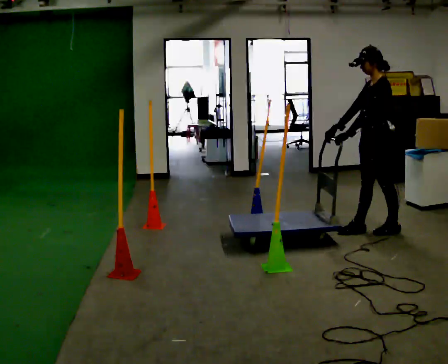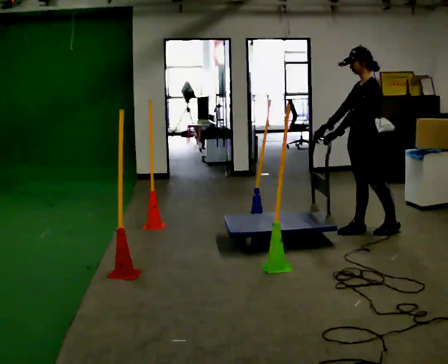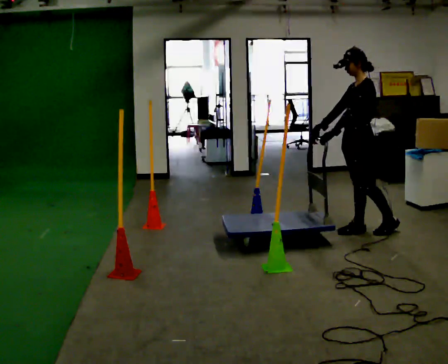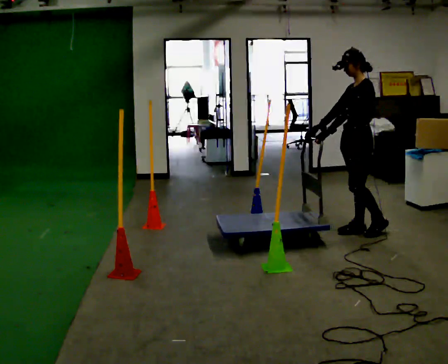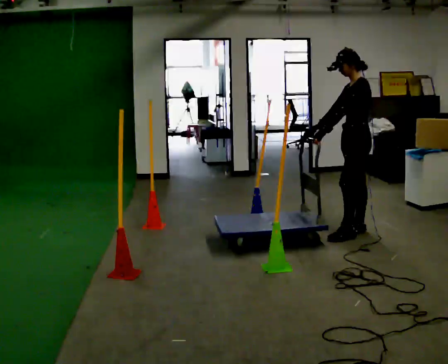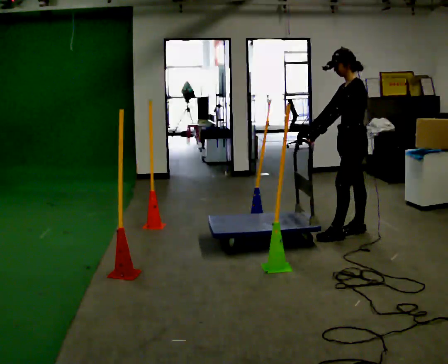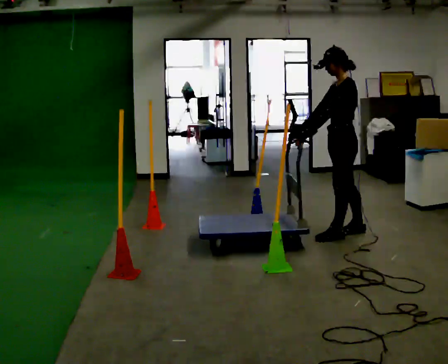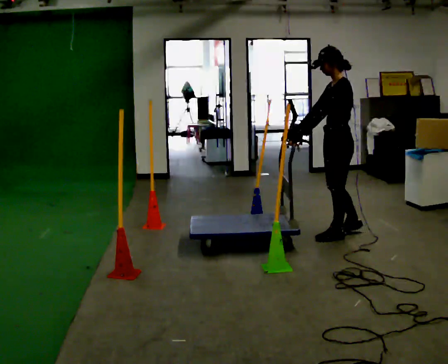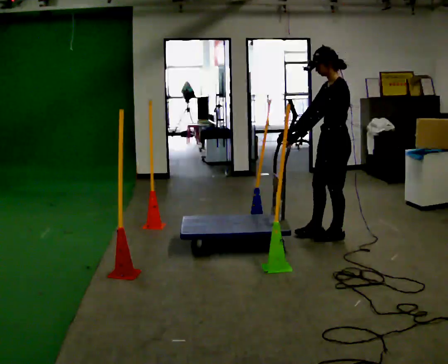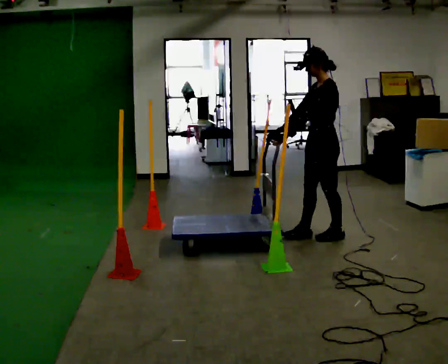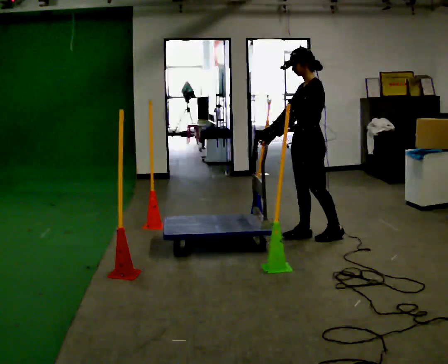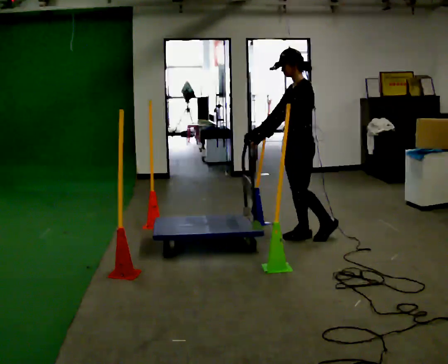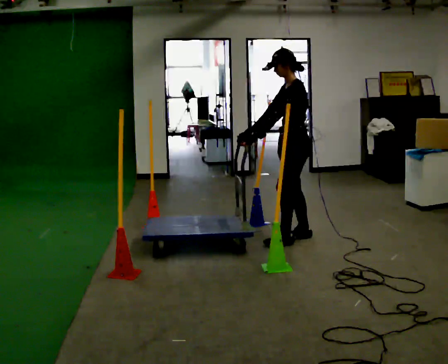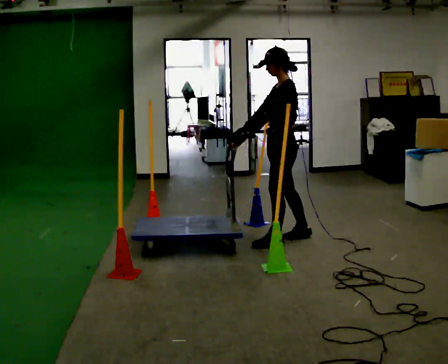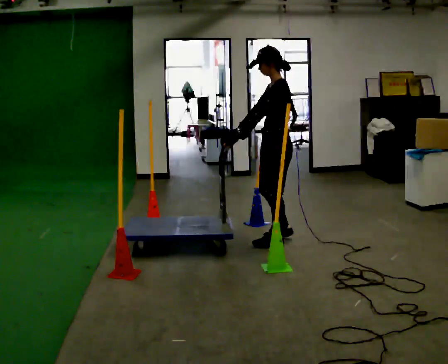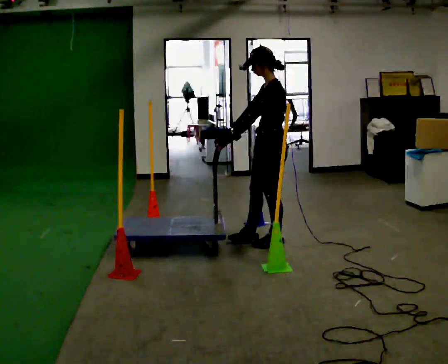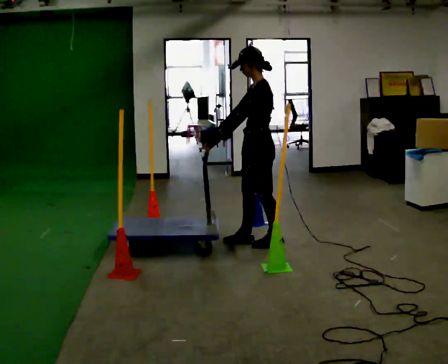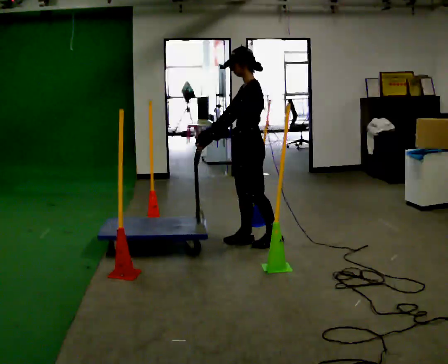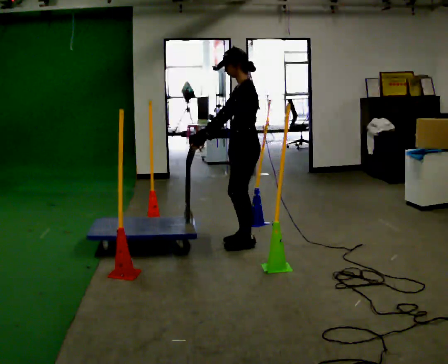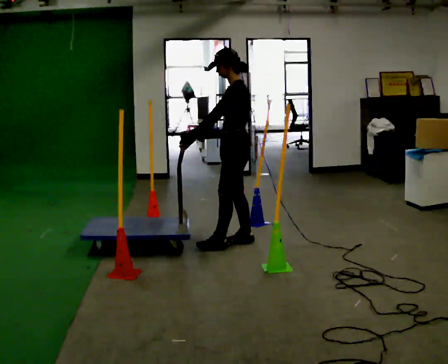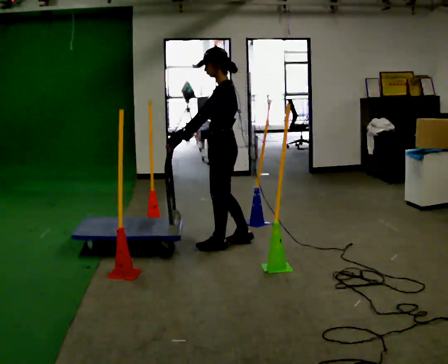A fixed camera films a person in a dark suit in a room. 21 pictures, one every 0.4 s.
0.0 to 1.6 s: In the picture they go to the left, about 0.25 m in 1 step, which for them is forward.
1.6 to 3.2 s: In the picture they go to the left and toward the camera, about 0.25 m, which for them is forward and to their left.
3.2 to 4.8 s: In the picture they go to the left, about 0.25 m in 1 step, which for them is forward.
4.8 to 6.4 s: In the picture they go to the left and toward the camera, about 0.25 m in 2 steps, which for them is forward and to their left.
6.4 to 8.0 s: In the picture they go to the left, about 0.25 m in 1 step, which for them is forward.
The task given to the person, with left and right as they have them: Push the cart in and out of the line of poles without touching any of them. Keep going until the operator says stop.
The film runs forward here.
